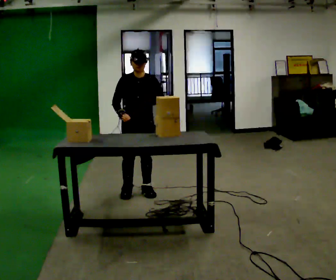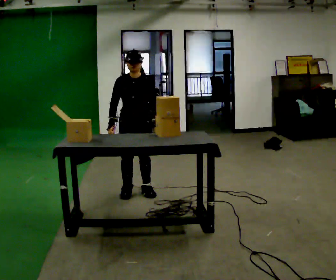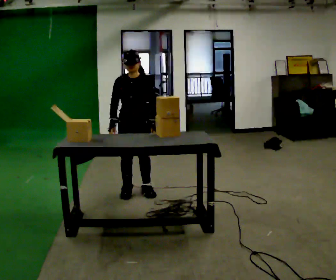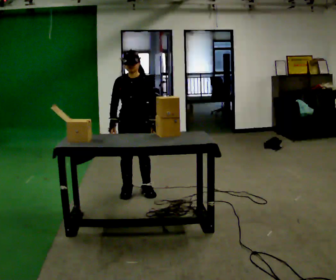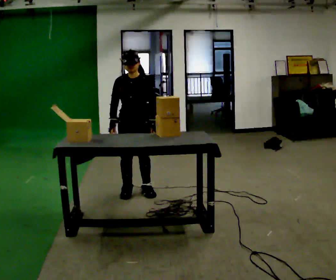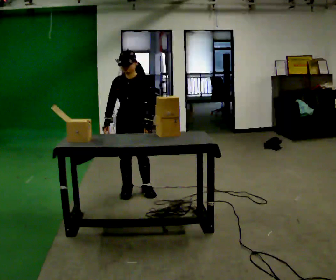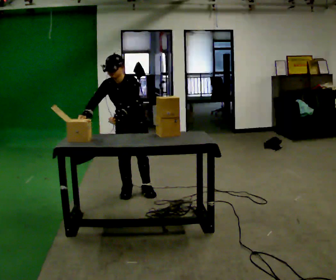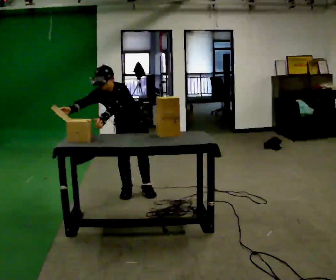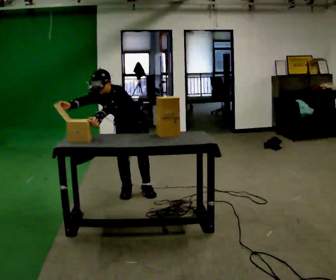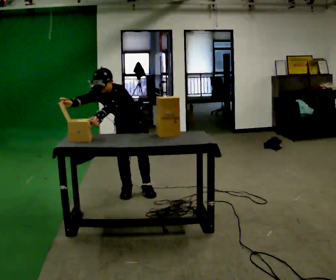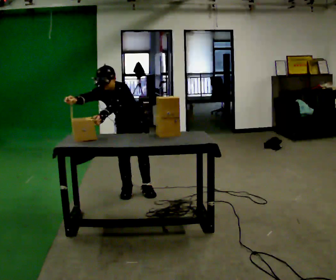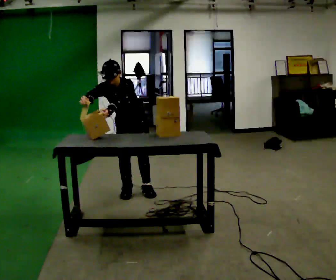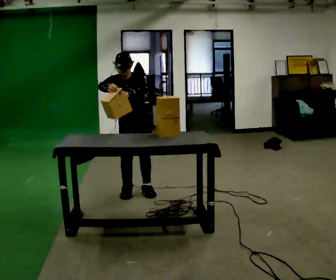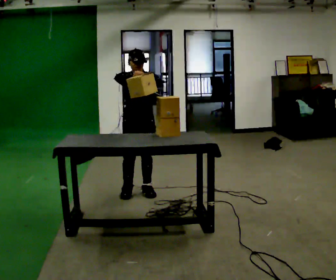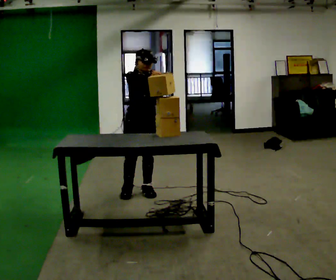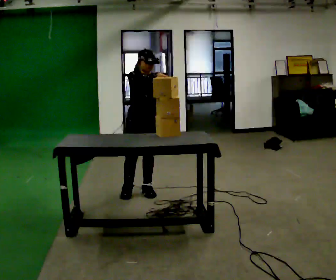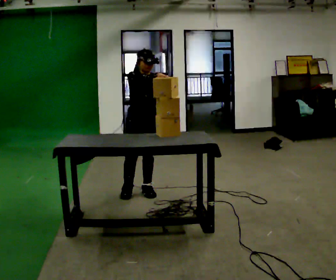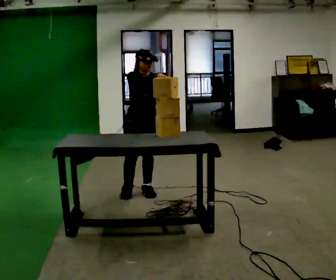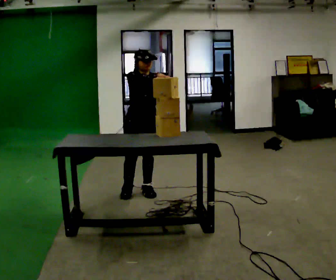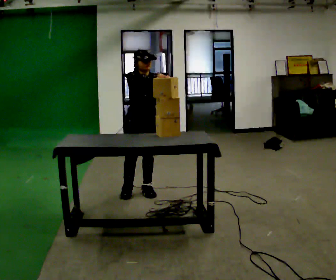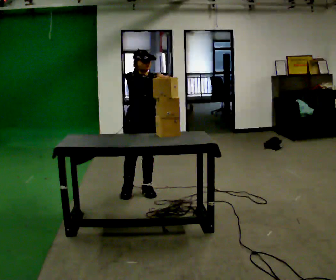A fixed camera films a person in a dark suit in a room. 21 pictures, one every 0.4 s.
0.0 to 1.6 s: The person moves a little, or ends about where they began.
1.6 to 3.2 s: The upper body tips toward the camera, its near side rolling downward, as they bend forward. In the picture their left hand goes to the left.
3.2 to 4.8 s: The upper body tips away from the camera, its near side rolling upward, as they lean back or straighten. In the picture their right hand goes to the right.
4.8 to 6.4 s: In the picture their right hand goes to the right.
6.4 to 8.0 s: The person keeps their place and pose.
The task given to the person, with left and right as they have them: Take the stacked item apart piece by piece on the table, then put it back together. Repeat at your own pace until the operator says stop. Keep both feet on the marked spots for the whole take. If you have to step, stop and tell the operator.
The film runs forward here.
